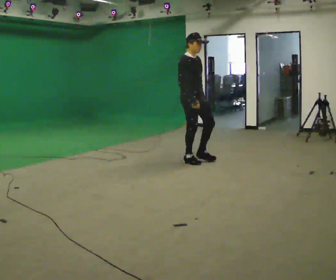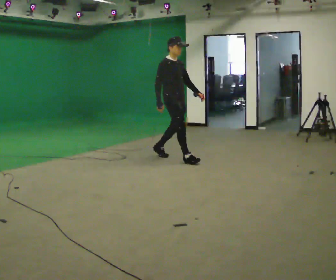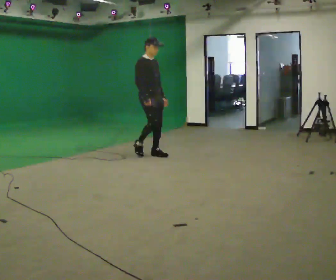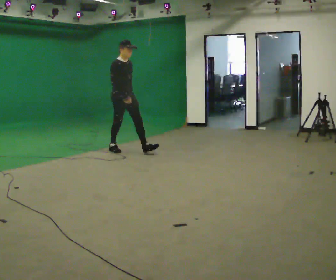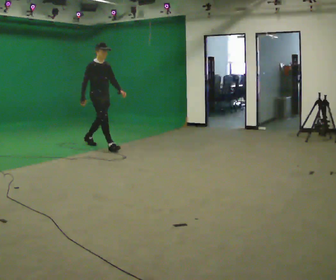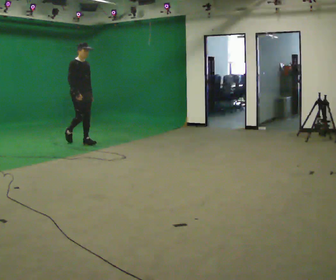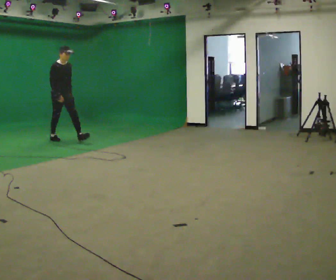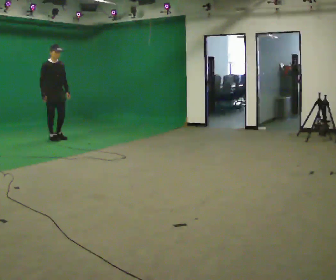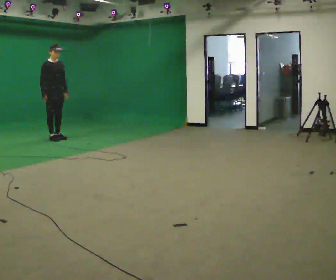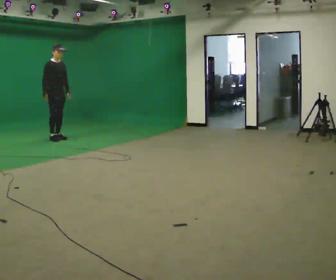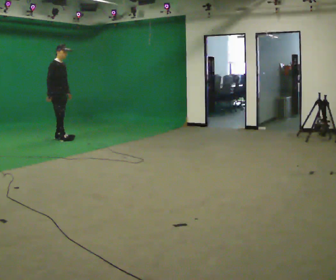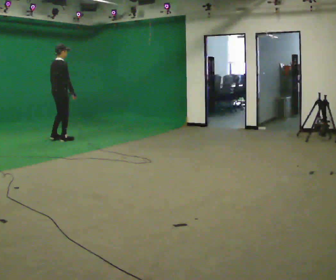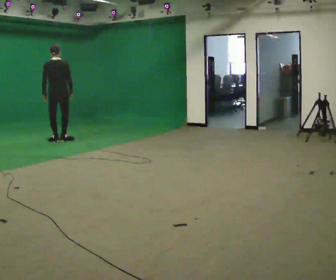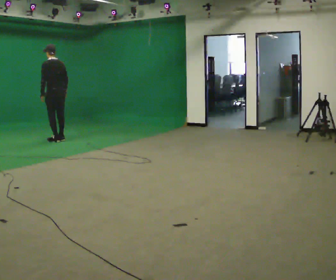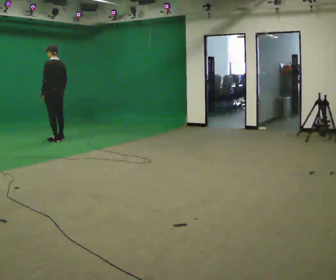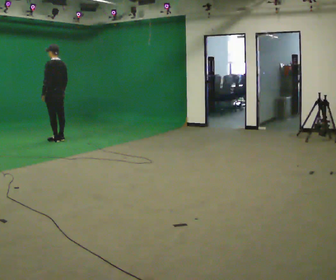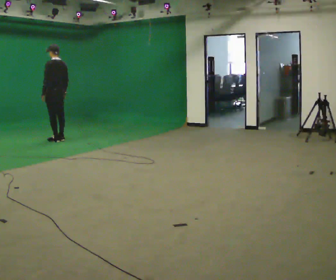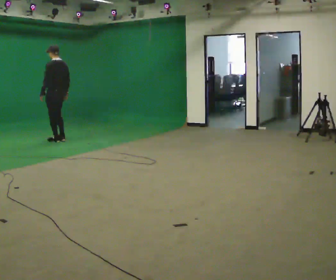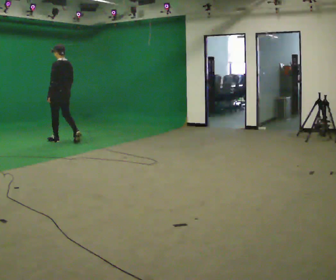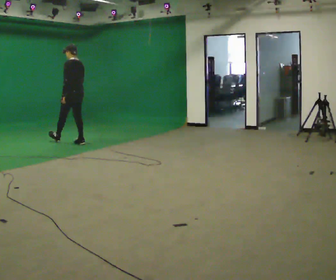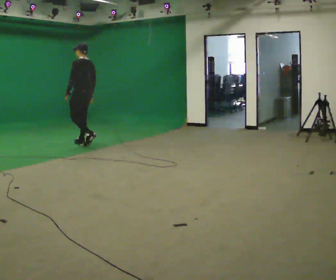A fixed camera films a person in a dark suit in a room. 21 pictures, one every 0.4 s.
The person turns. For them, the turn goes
to their left.
The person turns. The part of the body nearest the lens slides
to the right.
0.0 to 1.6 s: In the picture they go away from the camera and to the left, about 1.5 m in 2 steps, which for them is backward.
1.6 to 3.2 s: In the picture they go away from the camera and to the left, about 1 m in 2 steps, which for them is backward.
3.2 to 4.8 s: The person turns about 135 degrees to their left, counterclockwise seen from above, so the part of the body nearest the lens slides to the right. In the picture they go toward the camera, about 0.25 m in 2 steps. In the picture their left hand goes to the left, the arm swinging clockwise.
4.8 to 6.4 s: The person turns about 45 degrees to their left, counterclockwise seen from above, so the part of the body nearest the lens slides to the right.
6.4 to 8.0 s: In the picture they go toward the camera and to the right, about 0.75 m in 2 steps, which for them is backward.
The film runs backward here.
